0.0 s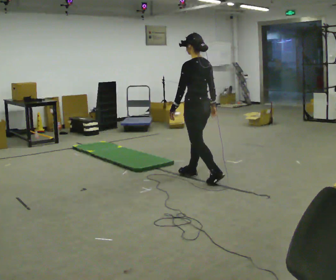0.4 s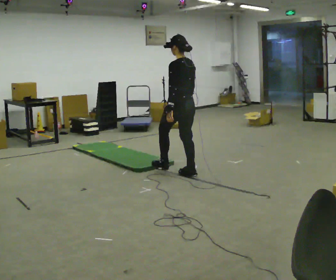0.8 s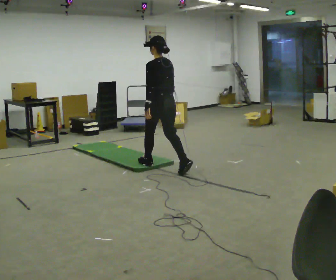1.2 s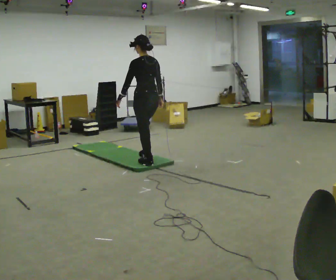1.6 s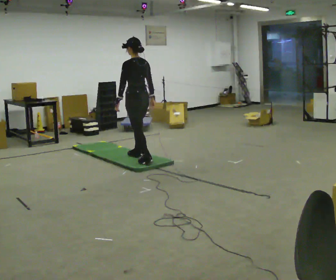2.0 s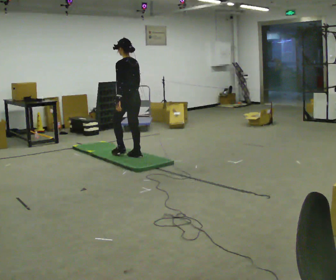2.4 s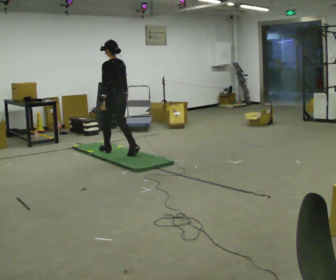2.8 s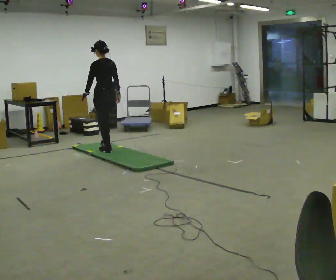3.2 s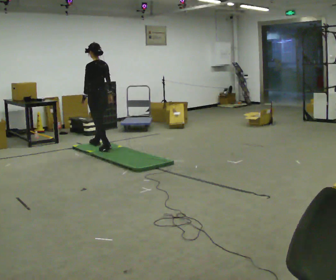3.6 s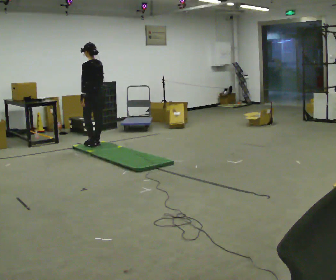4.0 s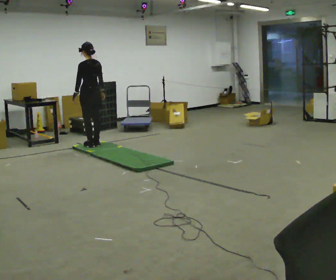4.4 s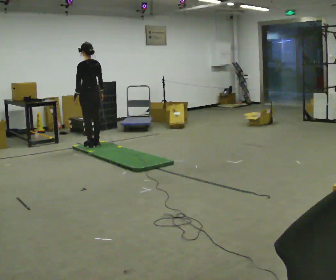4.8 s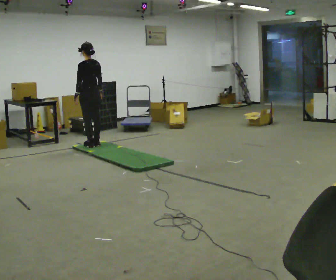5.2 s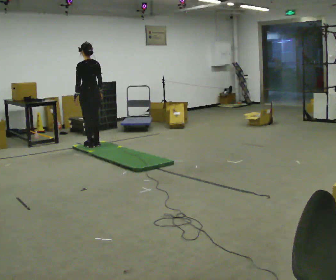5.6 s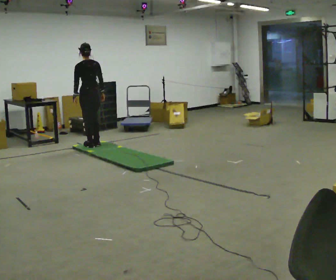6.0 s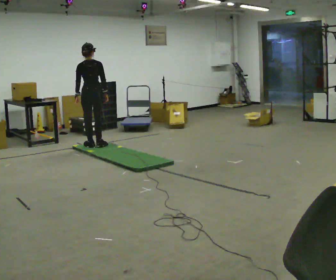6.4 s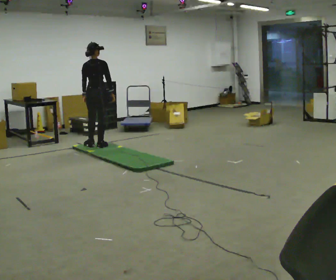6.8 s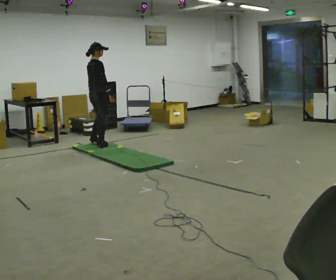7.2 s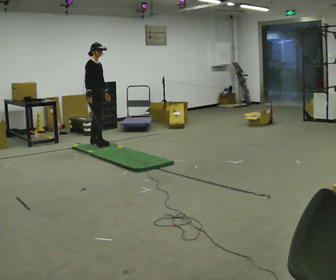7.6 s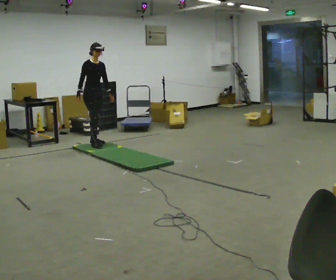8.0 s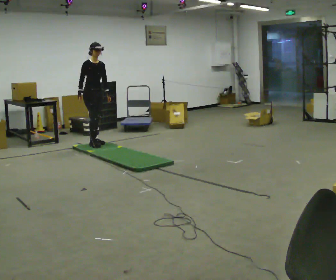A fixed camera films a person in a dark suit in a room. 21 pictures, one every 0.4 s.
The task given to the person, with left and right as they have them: Walk across the mats at a normal pace. They may not all feel the same underfoot. Carry on afterwards.
0.0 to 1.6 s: In the picture they go away from the camera and to the left, about 1 m in 2 steps, which for them is forward.
1.6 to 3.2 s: In the picture they go away from the camera and to the left, about 1 m in 2 steps, which for them is forward.
3.2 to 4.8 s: The person moves a little, or ends about where they began.
4.8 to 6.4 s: The person turns about 60 degrees to their right, clockwise seen from above, so the part of the body nearest the lens slides to the left.
6.4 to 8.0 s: The person turns about 120 degrees to their right, clockwise seen from above, so the part of the body nearest the lens slides to the left. In the picture they go away from the camera, about 0.25 m in 2 steps. In the picture their right hand goes to the left, the arm swinging clockwise.
The film runs forward here.
